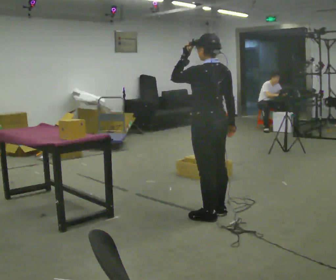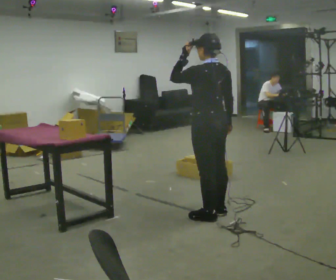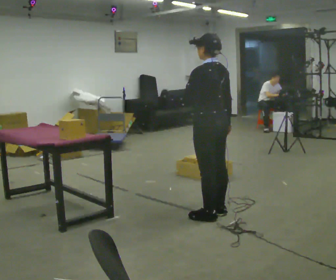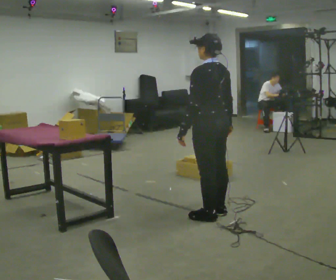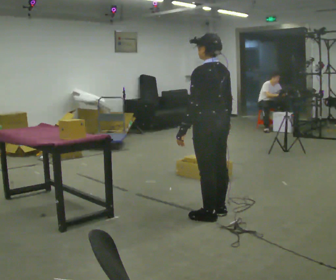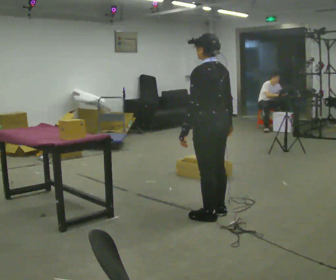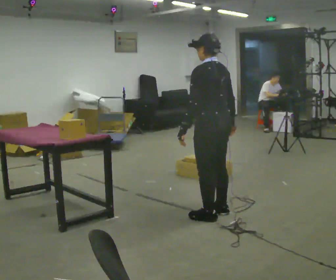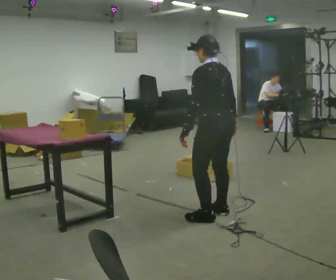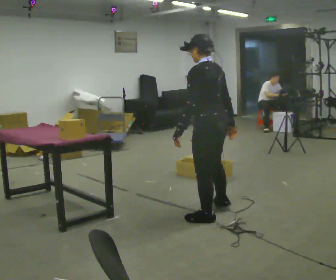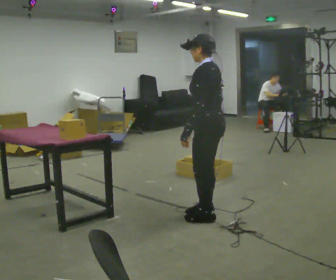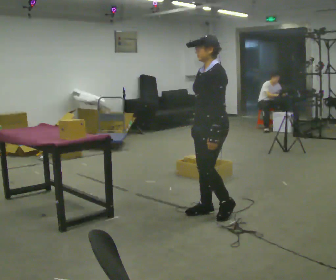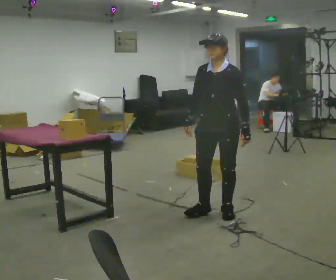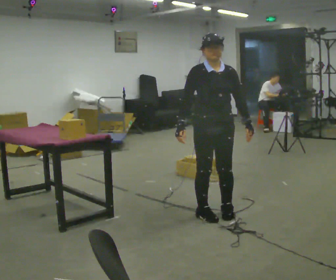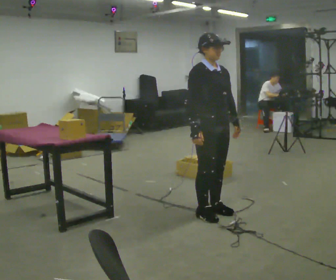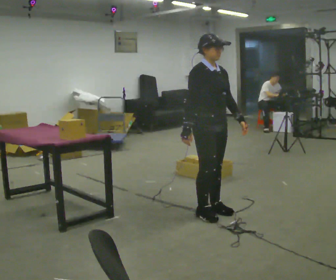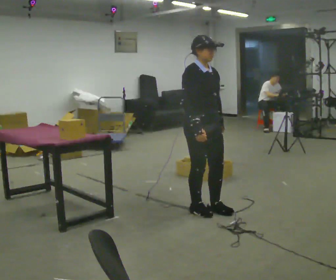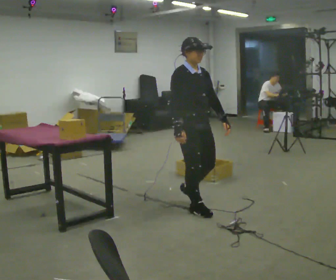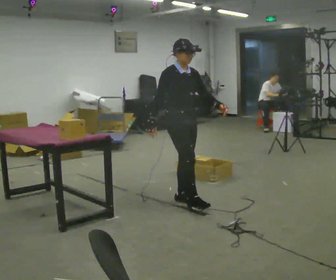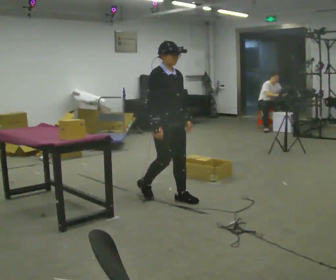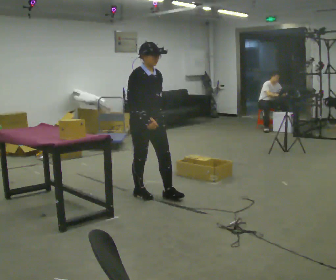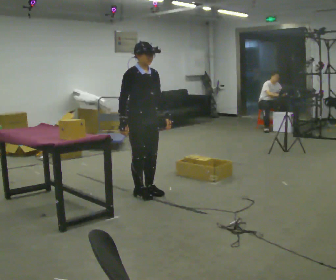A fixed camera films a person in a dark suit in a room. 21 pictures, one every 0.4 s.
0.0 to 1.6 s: In the picture their left hand goes downward.
1.6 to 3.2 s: The person moves a little, or ends about where they began.
3.2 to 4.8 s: The part of the body nearest the lens slides to the right as the person turns to their left by about 135 degrees. In the picture their right hand goes to the left, the arm swinging clockwise.
4.8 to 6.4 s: The part of the body nearest the lens slides to the right as the person turns to their left by about 45 degrees. In the picture they go away from the camera and to the left, about 0.25 m in 1 step, which for them is backward.
6.4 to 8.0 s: In the picture they go to the left and away from the camera, about 0.75 m in 2 steps, which for them is backward.
The film runs backward here.
